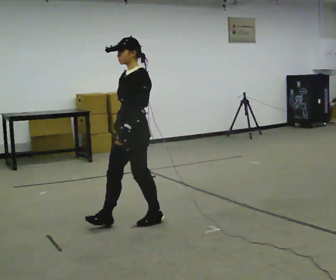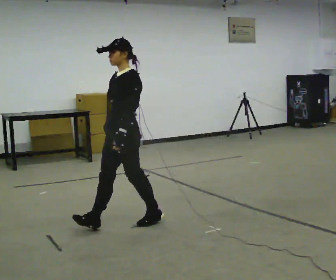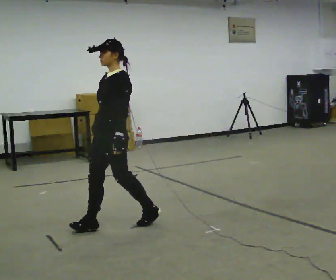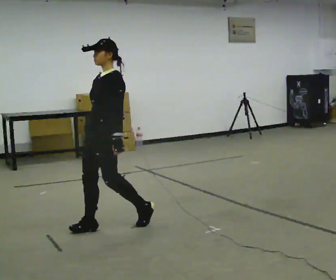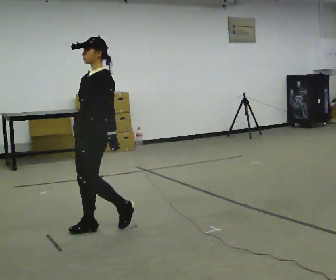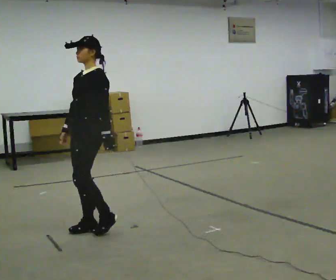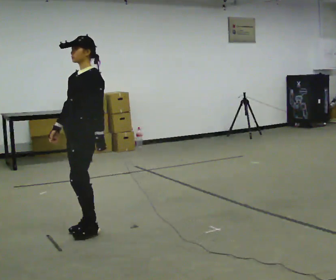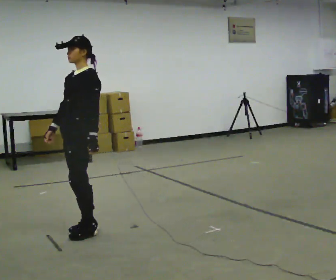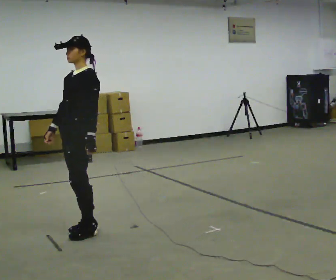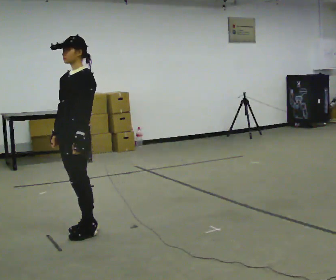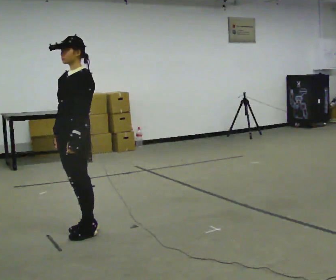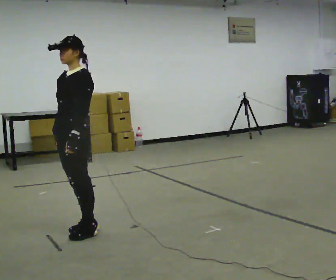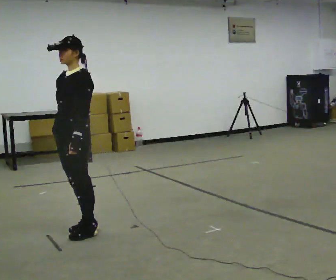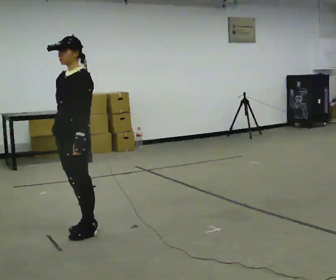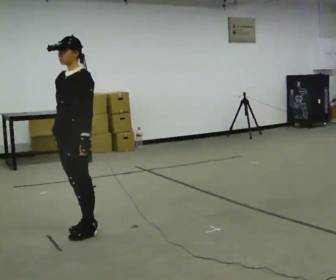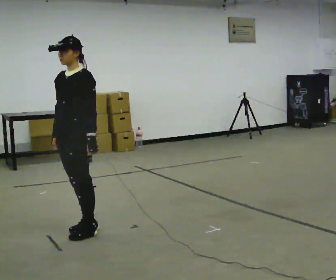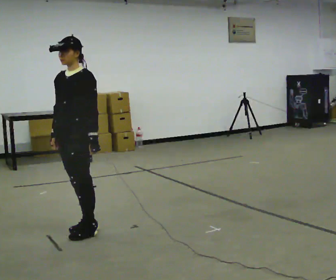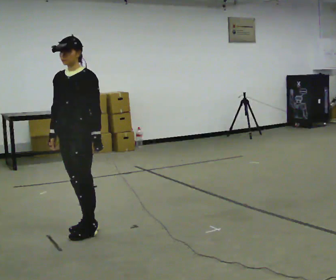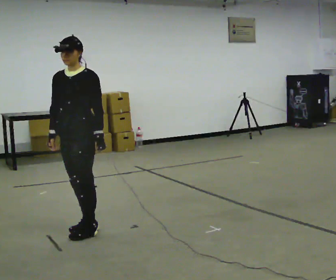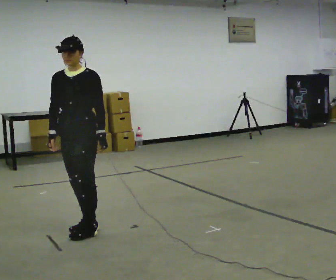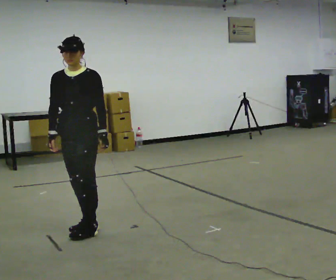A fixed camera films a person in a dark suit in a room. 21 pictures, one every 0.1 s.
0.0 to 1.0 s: In the picture they go to the left, about 0.5 m in 2 steps, which for them is forward.
1.0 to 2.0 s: The part of the body nearest the lens slides to the right as the person turns to their left by about 30 degrees.
The film runs forward here.
